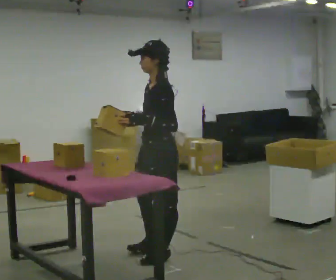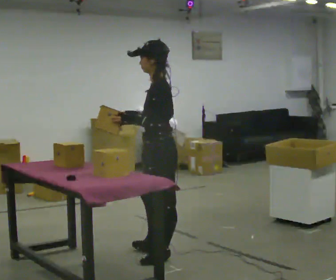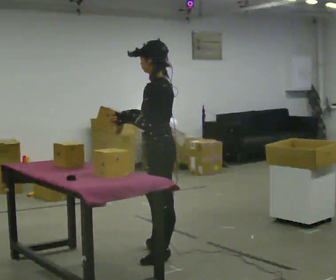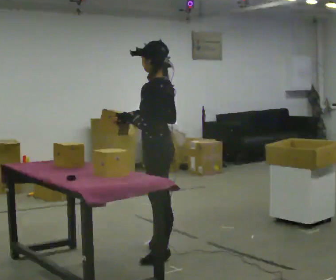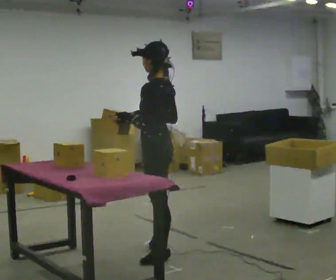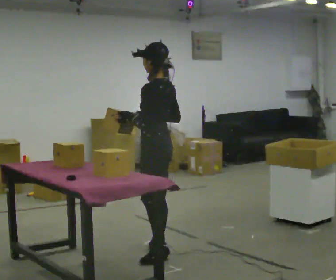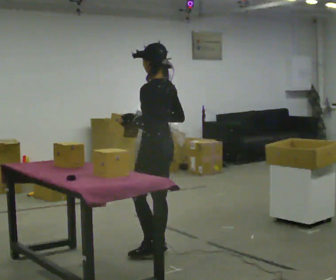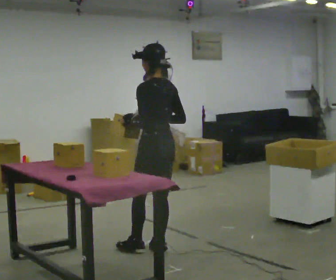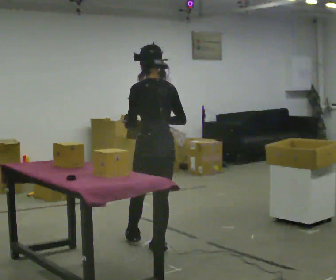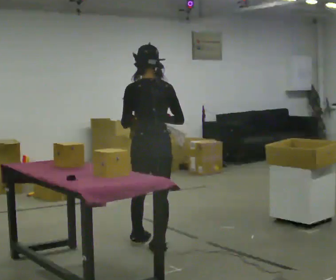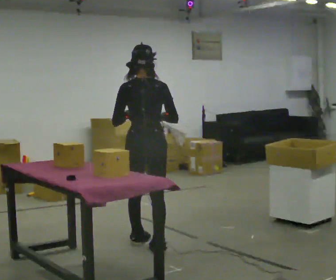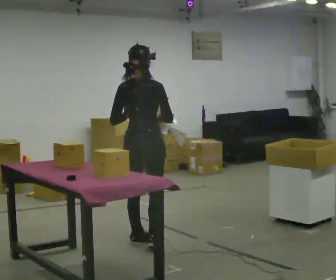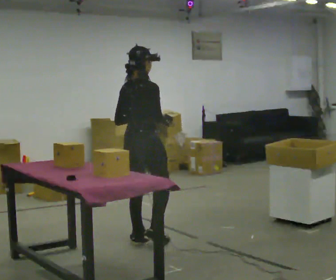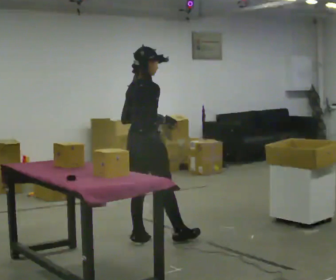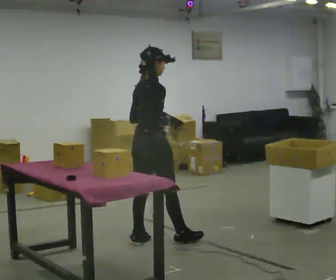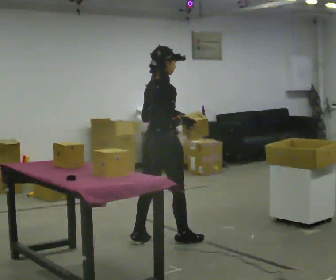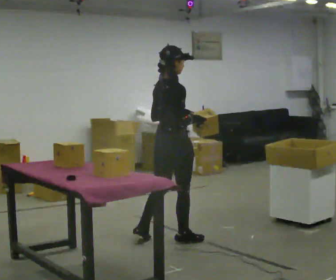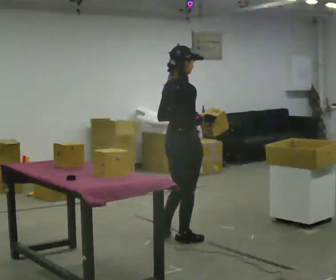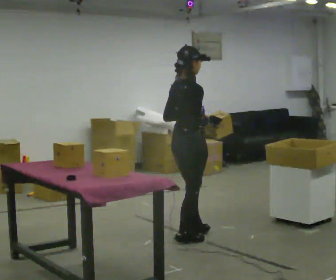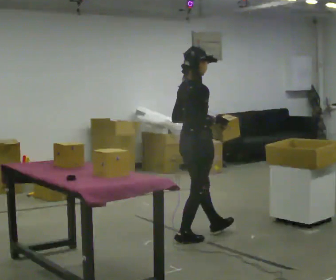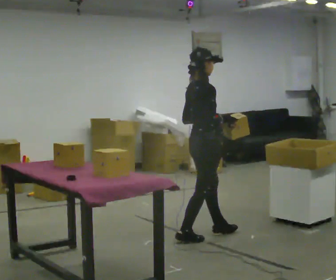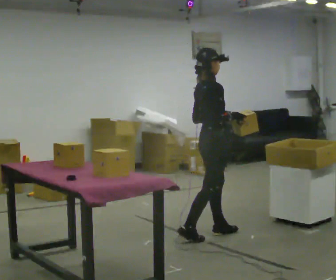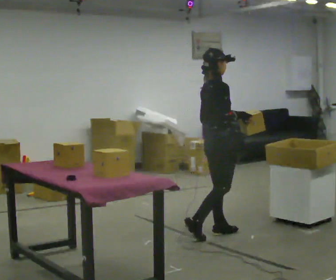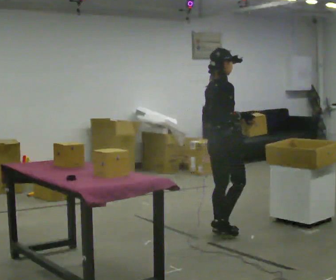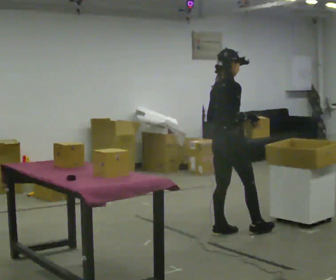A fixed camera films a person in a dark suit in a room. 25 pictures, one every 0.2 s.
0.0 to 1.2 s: Seen from above the body turns clockwise, about 45 degrees: to their right, with its near side sliding to the left. In the picture they go away from the camera, about 0.25 m, which for them is to their right and forward.
1.2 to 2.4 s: Seen from above the body turns clockwise, about 105 degrees: to their right, with its near side sliding to the left. In the picture they go away from the camera and to the left, about 0.25 m in 1 step.
2.4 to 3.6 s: In the picture they go to the right, about 0.5 m in 1 step, which for them is forward.
3.6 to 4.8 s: In the picture they go to the right and away from the camera, about 0.5 m in 1 step, which for them is forward.
The film runs forward here.
